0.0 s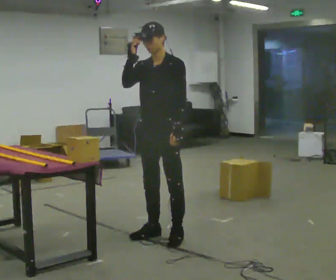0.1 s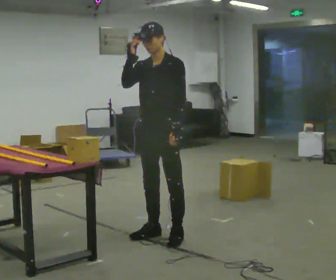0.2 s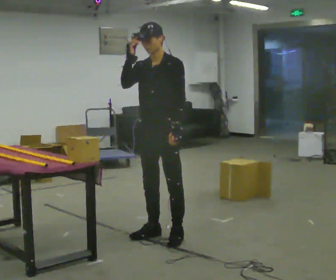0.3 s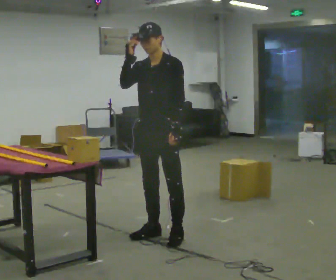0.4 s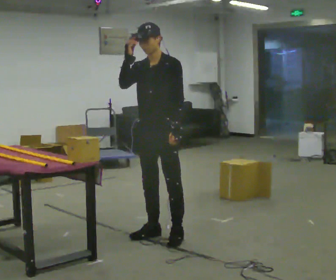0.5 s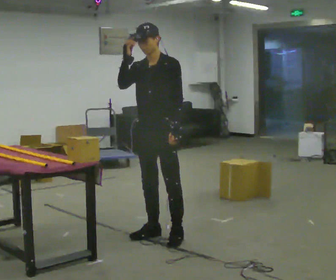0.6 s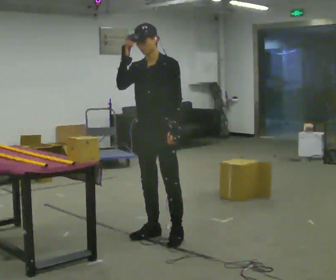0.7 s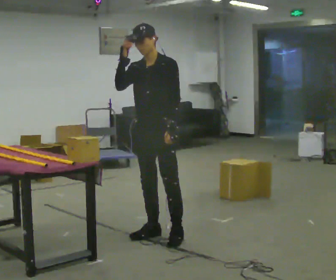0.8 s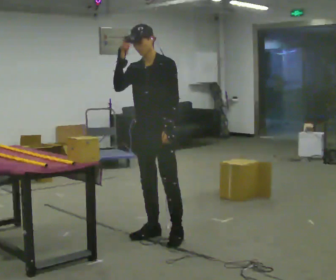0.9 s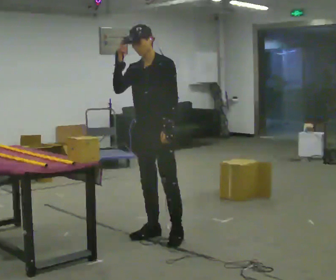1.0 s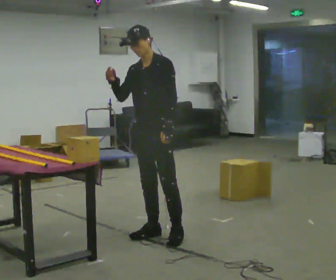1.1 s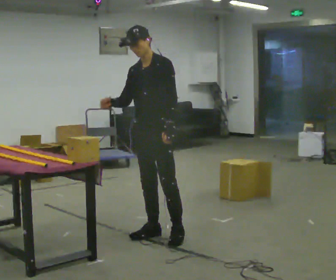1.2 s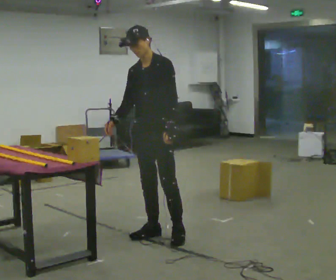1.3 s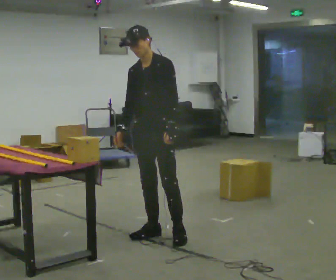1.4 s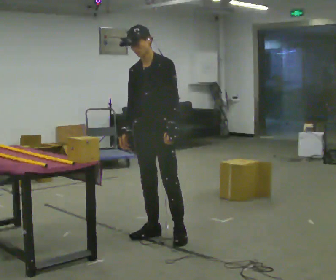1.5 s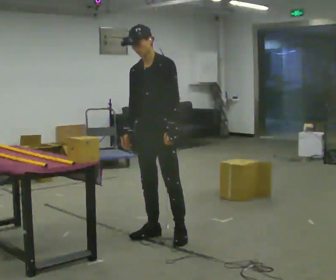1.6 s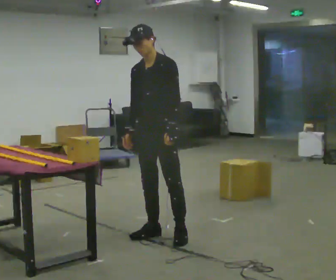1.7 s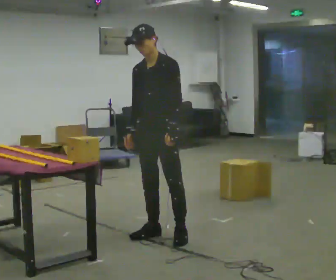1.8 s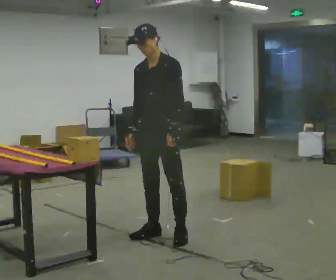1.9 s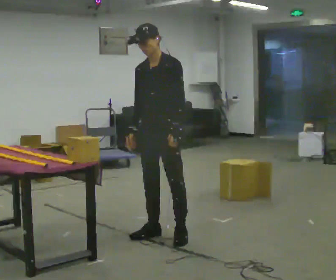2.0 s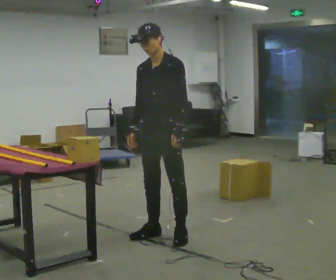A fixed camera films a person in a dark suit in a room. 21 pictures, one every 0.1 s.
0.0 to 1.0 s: The person moves a little, or ends about where they began.
1.0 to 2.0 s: In the picture their right hand goes downward.
The film runs backward here.
